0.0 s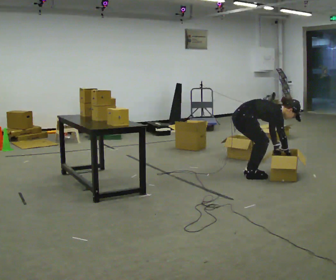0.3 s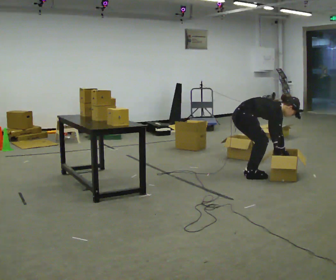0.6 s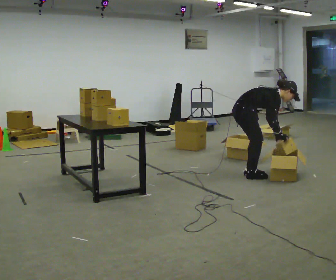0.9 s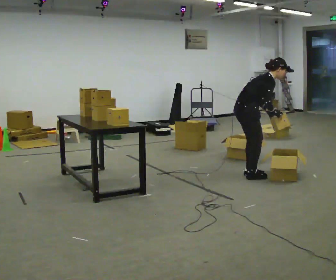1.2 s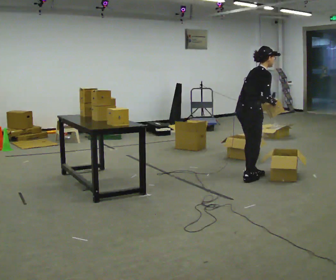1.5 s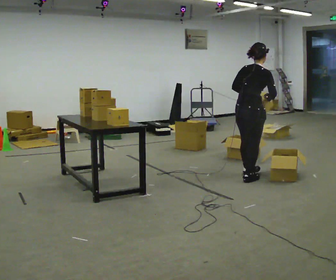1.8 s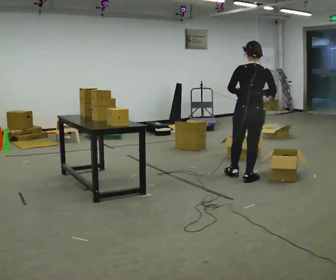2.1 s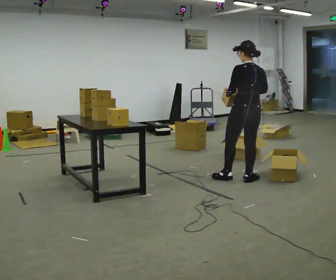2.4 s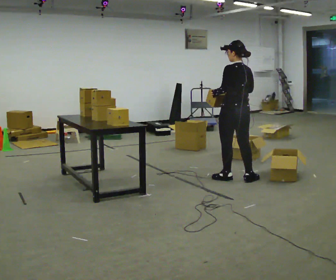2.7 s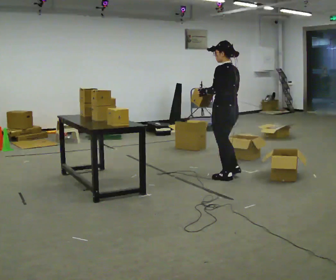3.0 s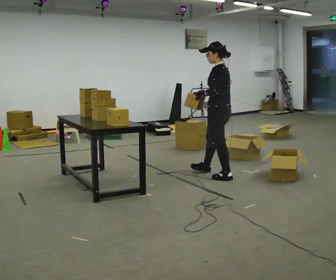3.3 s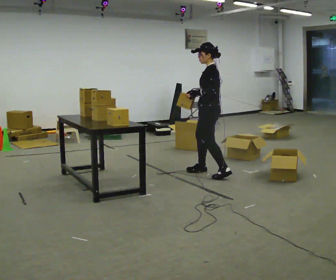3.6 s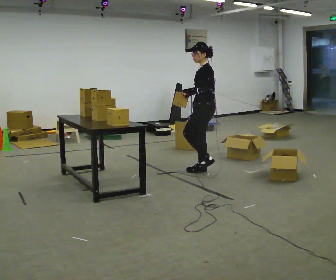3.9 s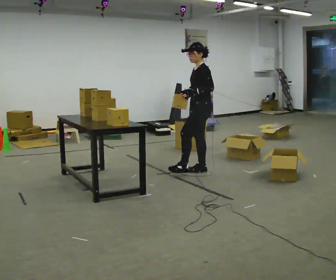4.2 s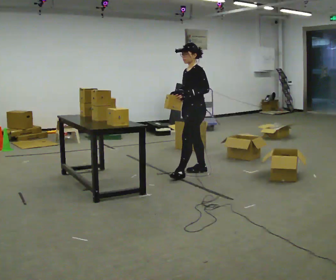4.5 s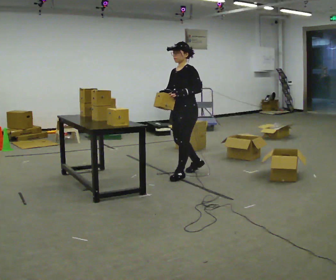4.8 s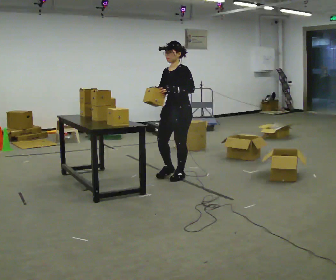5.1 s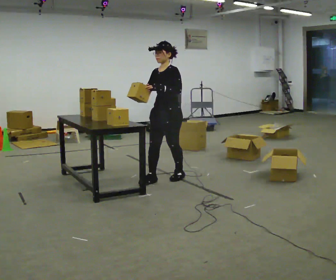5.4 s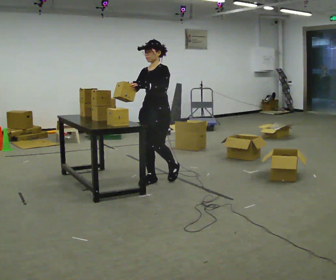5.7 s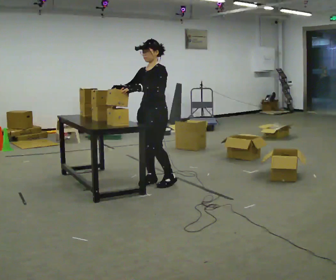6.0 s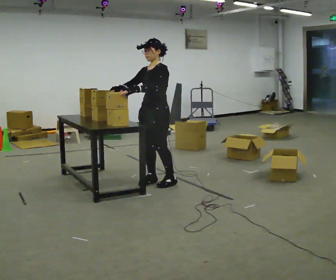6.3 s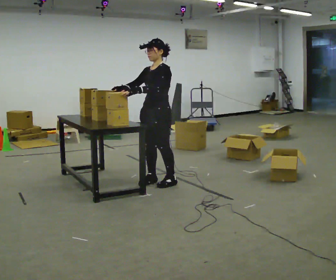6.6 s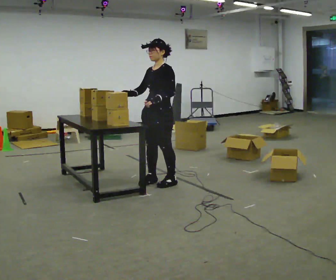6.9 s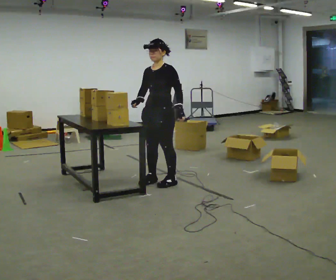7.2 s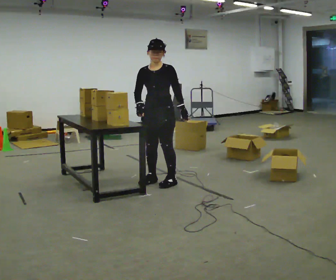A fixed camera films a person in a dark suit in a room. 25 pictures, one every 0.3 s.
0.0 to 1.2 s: The shoulders move upward. In the picture the upper body tilts counterclockwise, shoulders to the left, as they lean back or straighten. In the picture their left hand goes upward.
1.2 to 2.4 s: The part of the body nearest the lens slides to the right as the person turns to their left by about 105 degrees. In the picture the upper body tilts counterclockwise, shoulders to the left, as they lean back or straighten. In the picture their right hand goes to the left.
2.4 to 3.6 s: The part of the body nearest the lens slides to the right as the person turns to their left by about 60 degrees. In the picture they go away from the camera and to the left, about 0.5 m in 1 step.
3.6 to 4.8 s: The person turns about 45 degrees to their left, counterclockwise seen from above, so the part of the body nearest the lens slides to the right. In the picture they go to the left and toward the camera, about 0.5 m in 1 step, which for them is forward.
4.8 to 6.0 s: In the picture they go toward the camera and to the left, about 0.25 m in 2 steps, which for them is forward.
6.0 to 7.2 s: Seen from above the body turns counterclockwise, about 30 degrees: to their left, with its near side sliding to the right. In the picture their left hand goes to the right.
The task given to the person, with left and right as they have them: Take each object from the table and put it in the bin that matches it, walking between the bins. Keep going until the operator says stop; one object at a time, and do not rush between trips.
The film runs forward here.
